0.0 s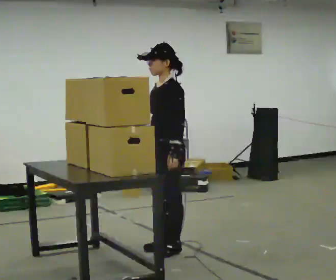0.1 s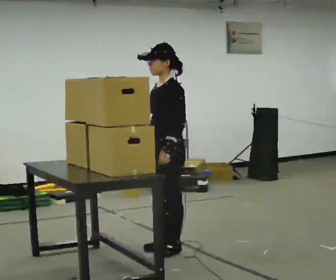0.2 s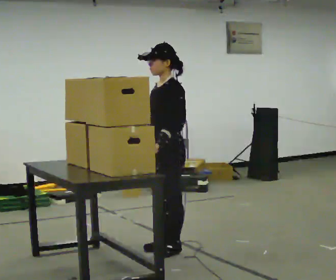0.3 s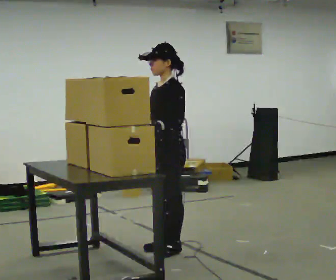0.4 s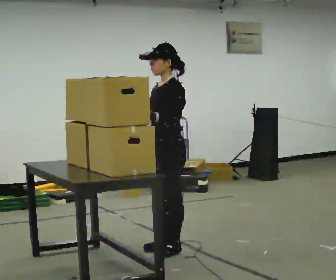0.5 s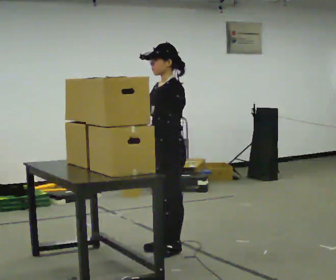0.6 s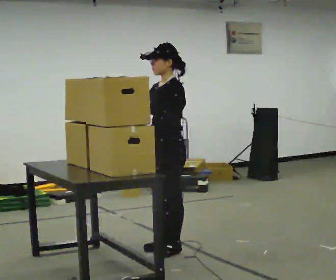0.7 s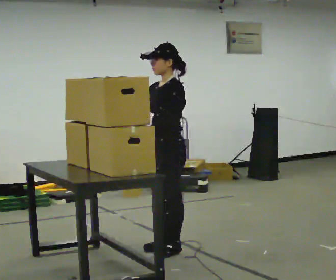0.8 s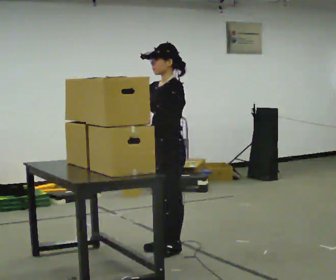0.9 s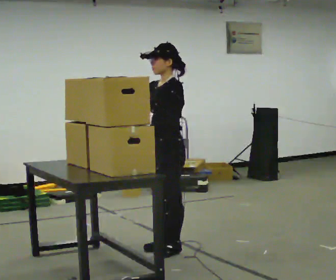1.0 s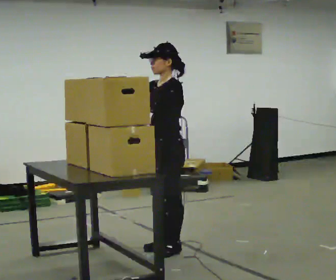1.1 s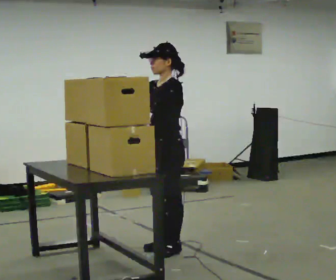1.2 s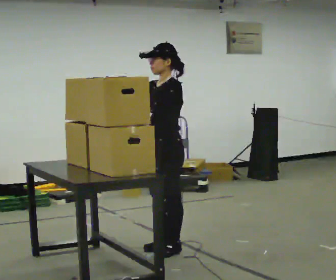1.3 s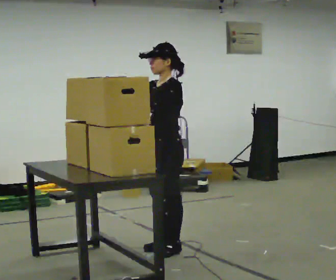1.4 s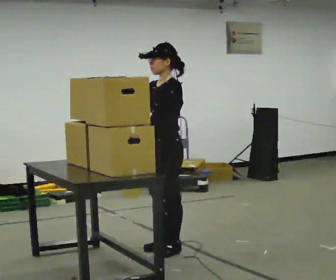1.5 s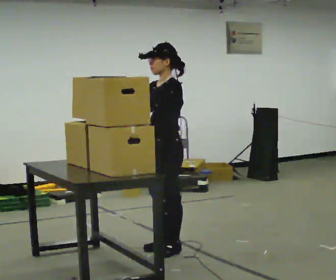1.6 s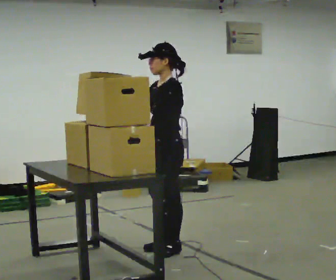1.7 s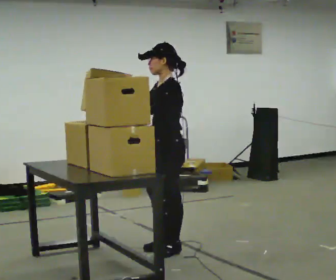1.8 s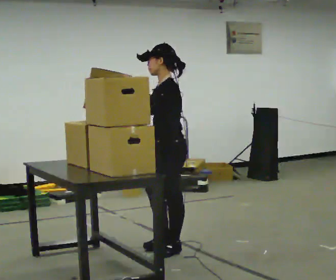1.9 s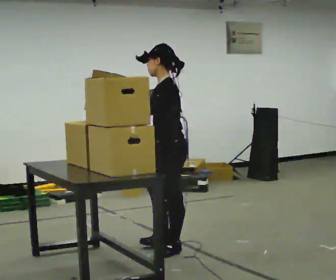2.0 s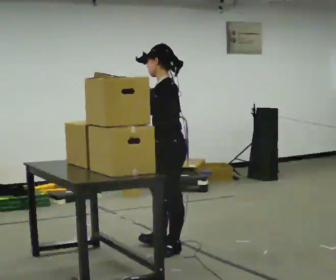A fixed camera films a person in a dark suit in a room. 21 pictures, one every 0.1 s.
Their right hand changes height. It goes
upward.
0.0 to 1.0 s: In the picture their right hand goes upward and to the left, the arm swinging clockwise.
1.0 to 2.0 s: In the picture their right hand goes to the right.
The film runs forward here.
